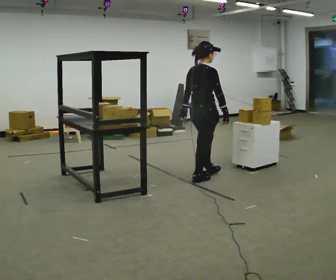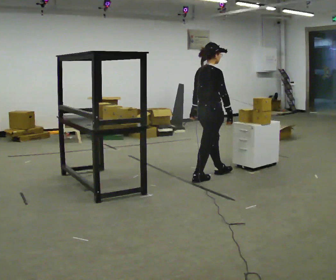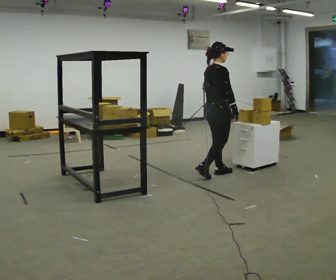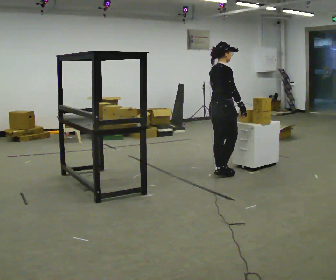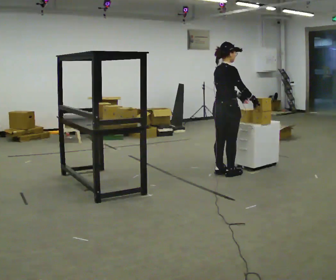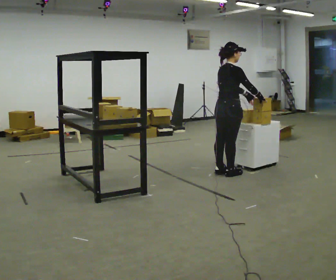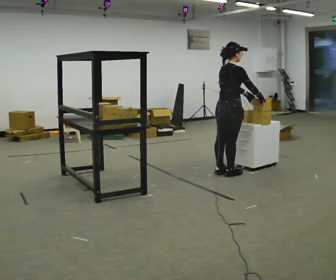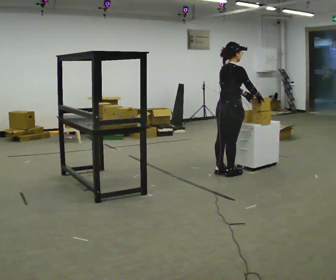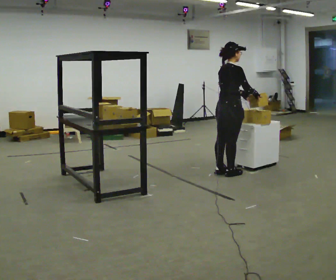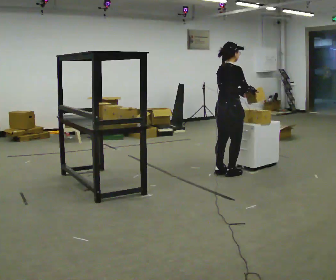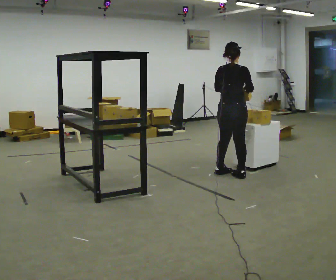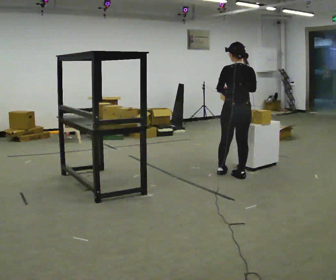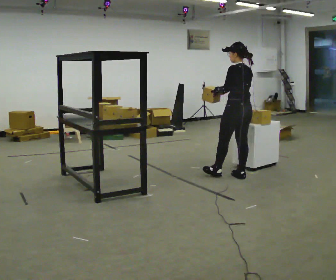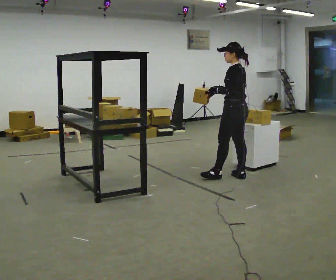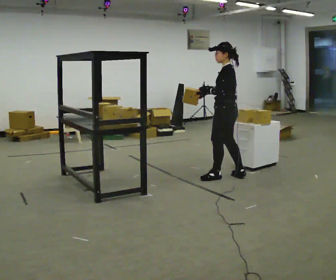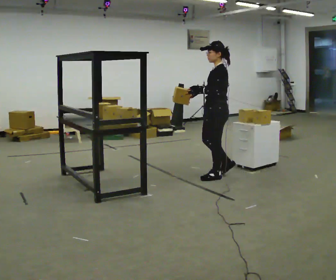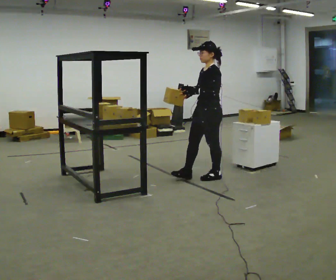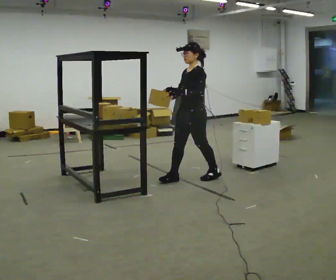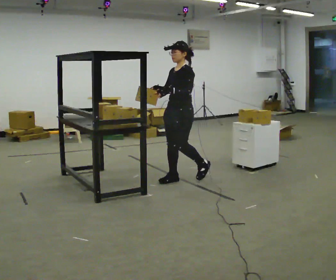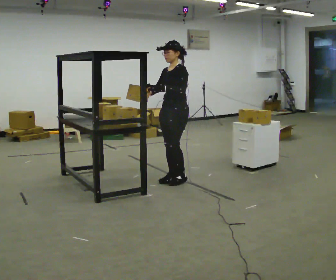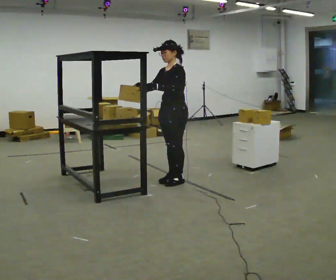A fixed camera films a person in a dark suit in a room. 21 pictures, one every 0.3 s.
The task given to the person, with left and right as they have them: Move objects one at a time from the waist-height shelf at one end of the room to the waist-height shelf at the other end. Keep going until the operator says stop; one object at a time, and do not rush between trips.
0.0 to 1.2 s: In the picture they go away from the camera and to the right, about 0.25 m in 2 steps, which for them is forward.
1.2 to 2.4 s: The person moves a little, or ends about where they began.
2.4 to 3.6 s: The part of the body nearest the lens slides to the right as the person turns to their left by about 105 degrees. In the picture they go to the right, about 0.25 m in 1 step. In the picture their right hand goes to the left.
3.6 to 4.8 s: The person turns about 75 degrees to their left, counterclockwise seen from above, so the part of the body nearest the lens slides to the right. In the picture they go to the left, about 0.5 m.
4.8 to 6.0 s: In the picture they go to the left, about 0.5 m in 2 steps, which for them is forward and to their right.
The film runs forward here.
